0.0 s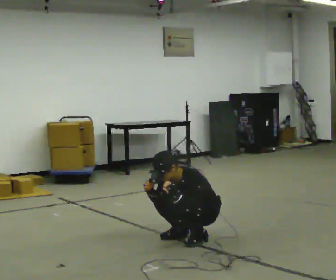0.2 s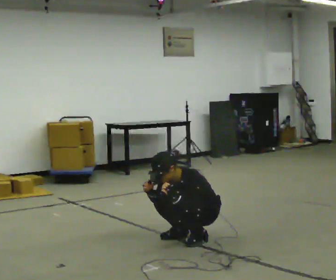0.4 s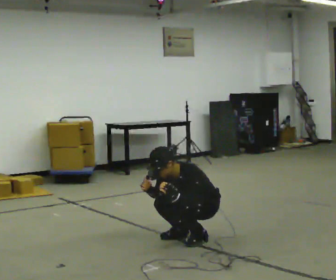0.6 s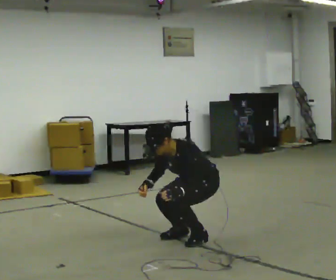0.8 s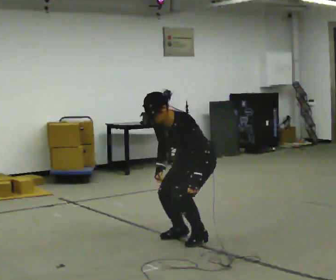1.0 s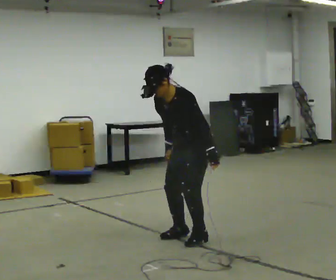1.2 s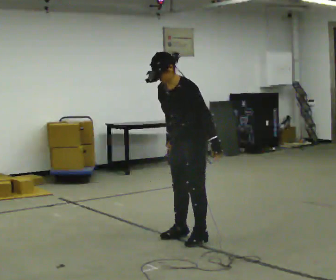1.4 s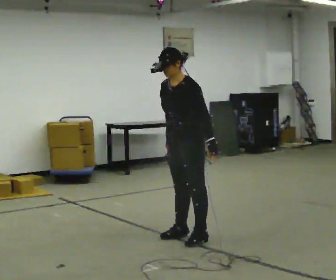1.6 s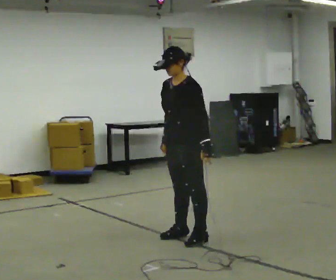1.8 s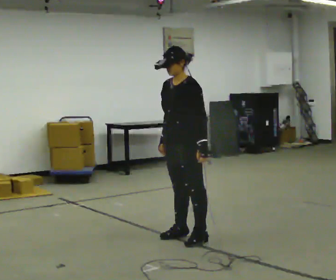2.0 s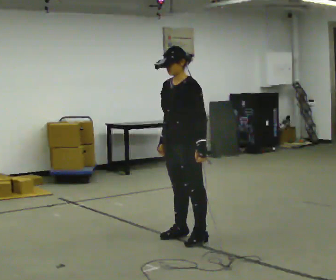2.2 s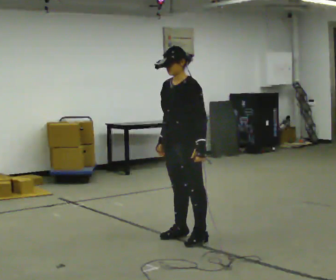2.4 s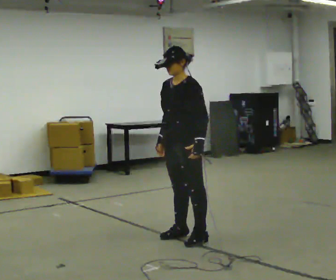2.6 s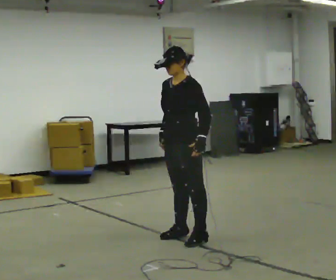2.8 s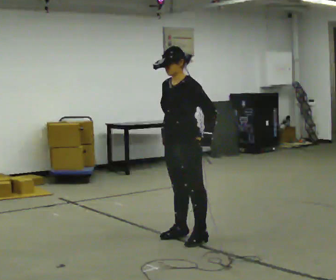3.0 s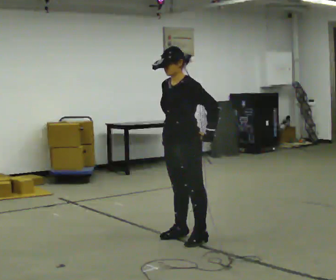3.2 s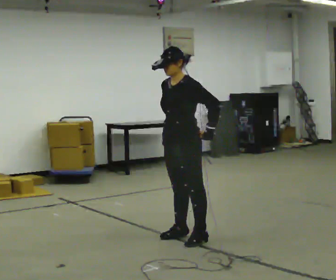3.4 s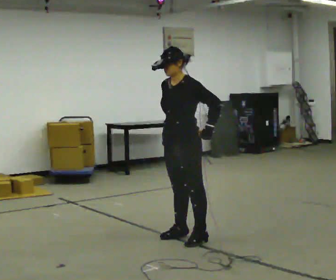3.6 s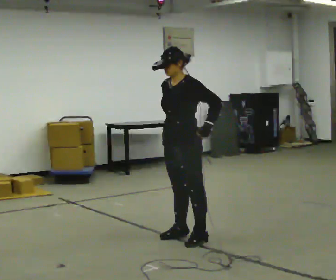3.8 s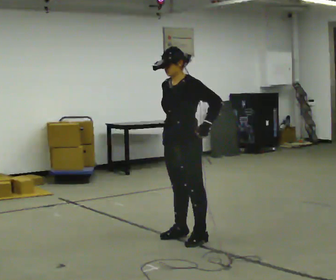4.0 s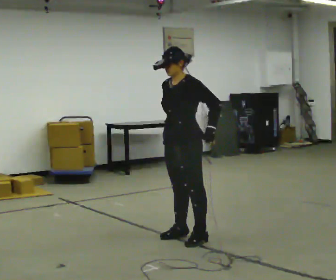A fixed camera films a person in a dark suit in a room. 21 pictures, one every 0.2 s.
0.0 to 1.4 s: In the picture they go to the left, about 0.25 m, which for them is forward. The shoulders move upward. In the picture the upper body tilts clockwise, shoulders to the right, as they lean back or straighten. In the picture their left hand goes upward.
1.4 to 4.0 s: The person moves a little, or ends about where they began.
The film runs forward here.
